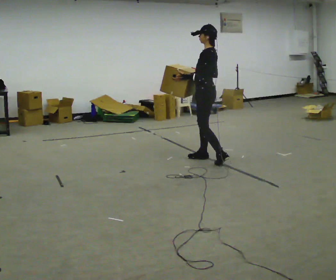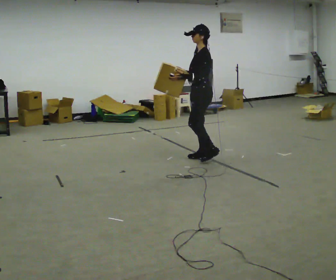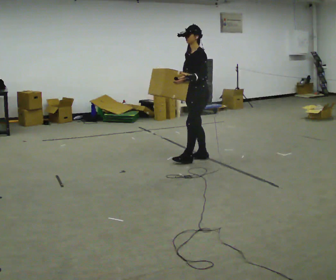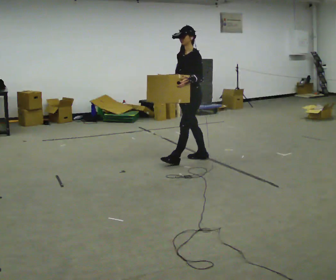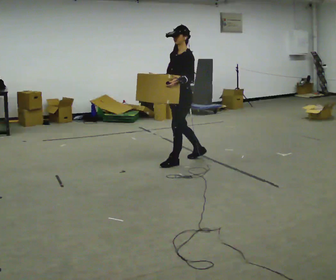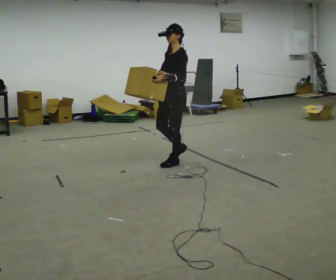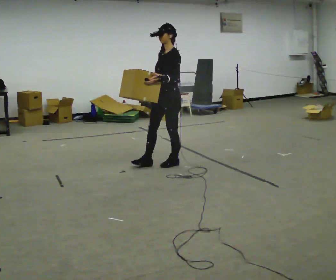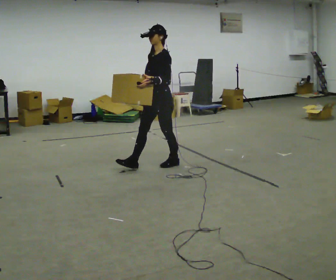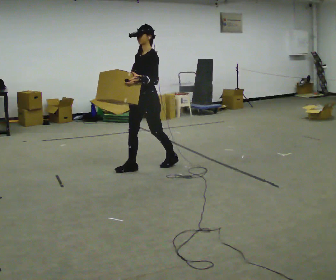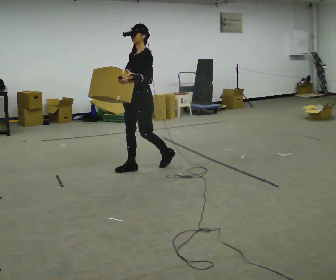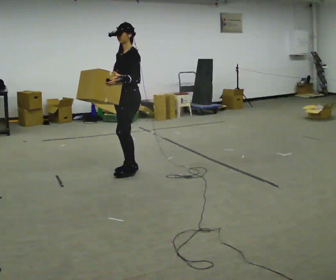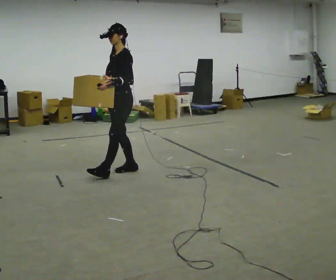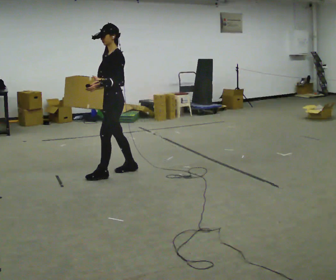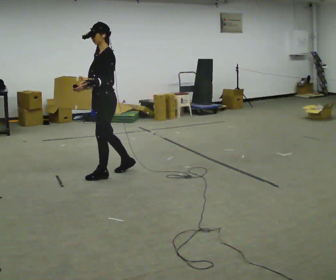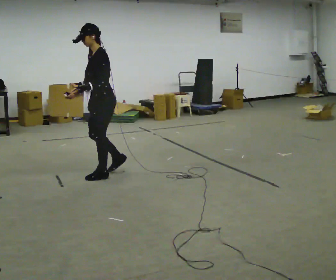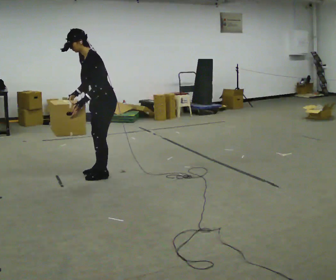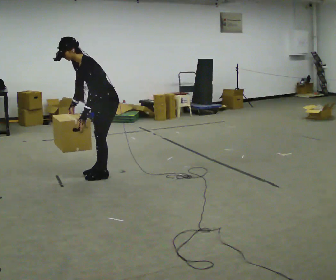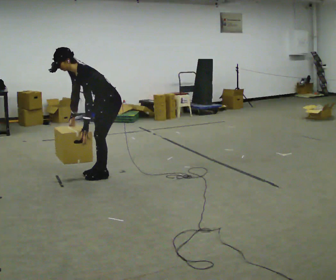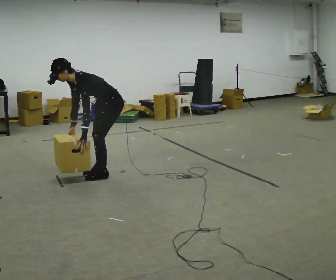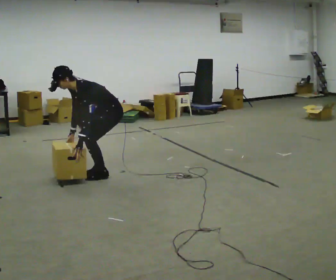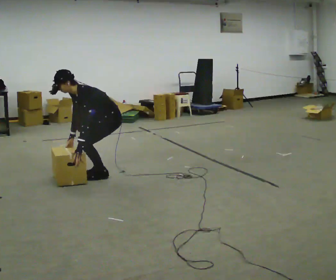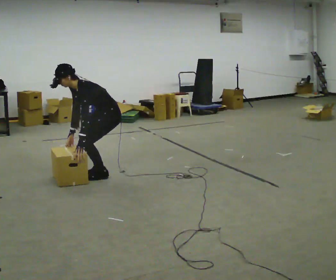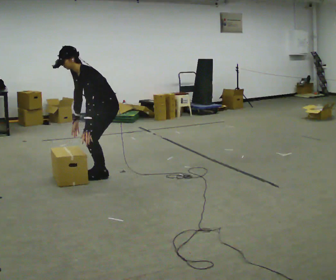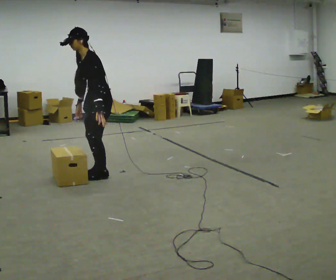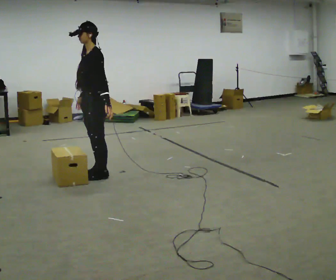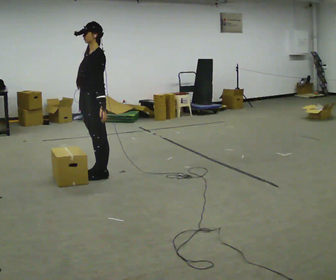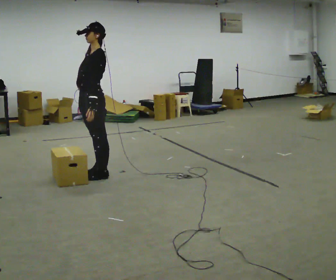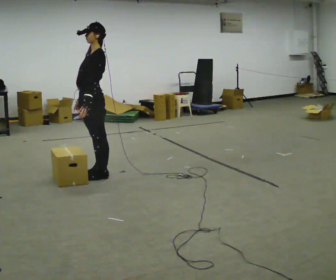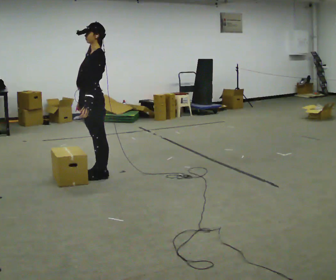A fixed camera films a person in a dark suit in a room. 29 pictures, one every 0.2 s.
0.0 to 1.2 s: Seen from above the body turns counterclockwise, about 30 degrees: to their left, with its near side sliding to the right. In the picture they go to the left, about 0.5 m in 1 step, which for them is forward.
1.2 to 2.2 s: In the picture they go to the left, about 0.5 m in 2 steps, which for them is forward.
2.2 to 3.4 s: The upper body goes downward. In the picture the upper body tilts counterclockwise, shoulders to the left, as they bend forward. In the picture their left hand goes downward.
3.4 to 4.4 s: In the picture the upper body tilts clockwise, shoulders to the right, as they lean back or straighten.
4.4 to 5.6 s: In the picture the upper body tilts clockwise, shoulders to the right, as they lean back or straighten.
The film runs forward here.
